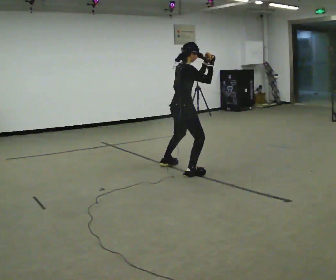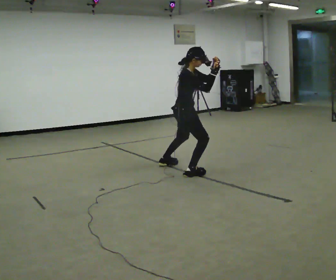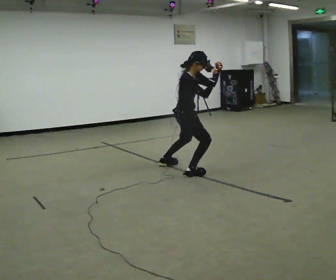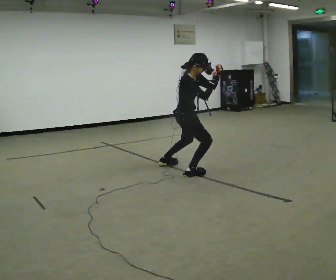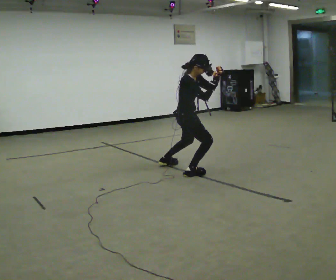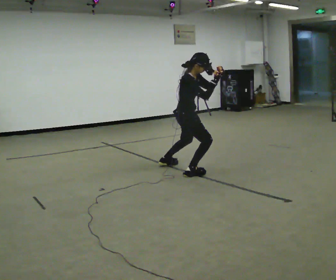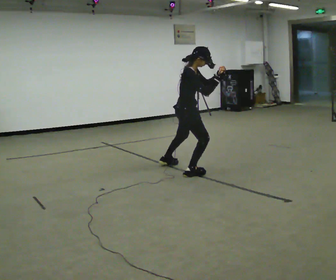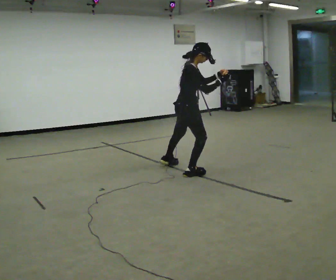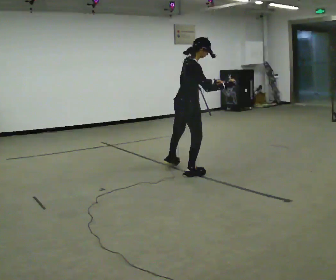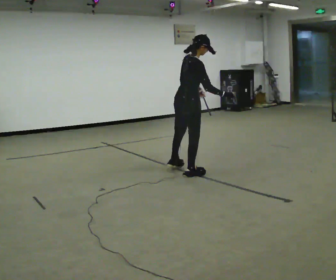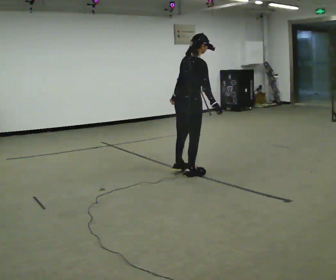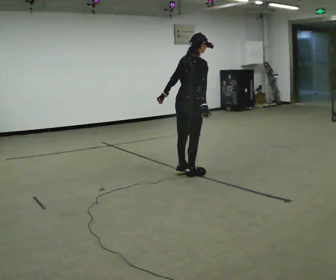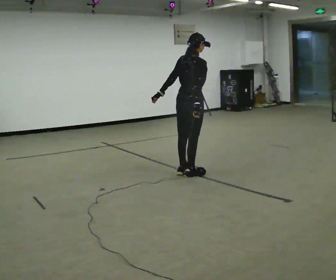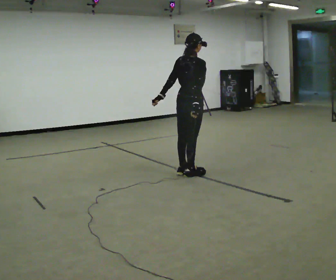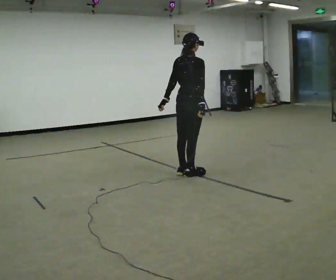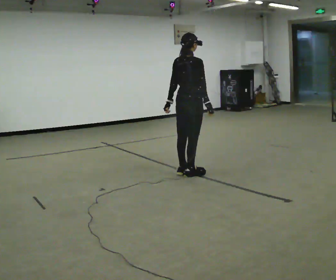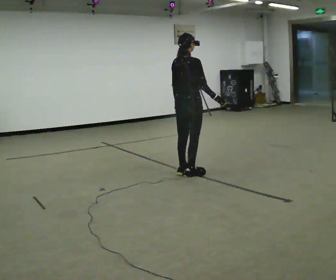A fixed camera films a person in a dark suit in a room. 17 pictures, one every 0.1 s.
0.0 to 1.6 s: Seen from above the body turns counterclockwise, about 30 degrees: to their left, with its near side sliding to the right. In the picture their left hand goes downward and to the left.
The film runs forward here.
